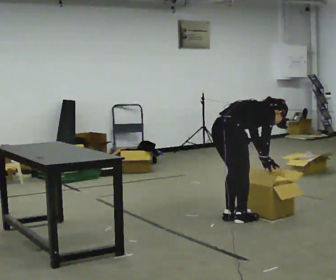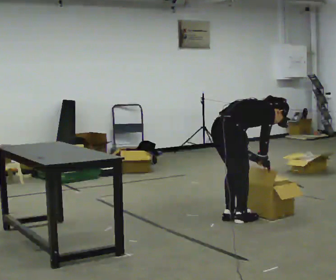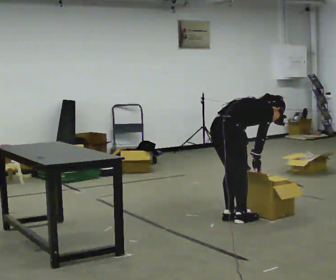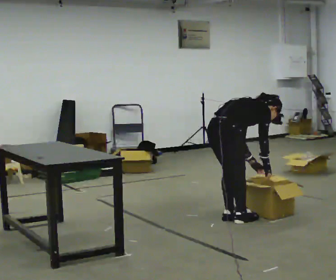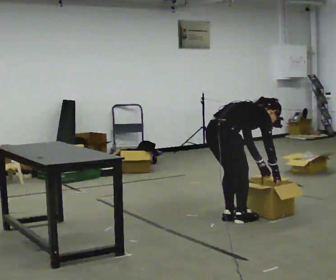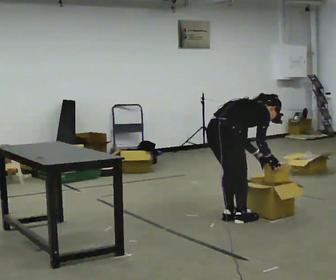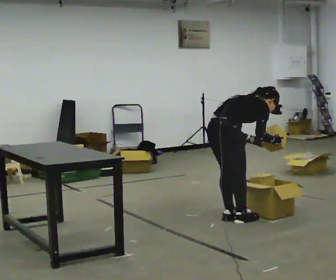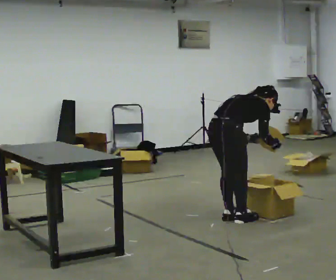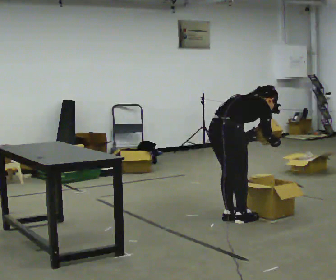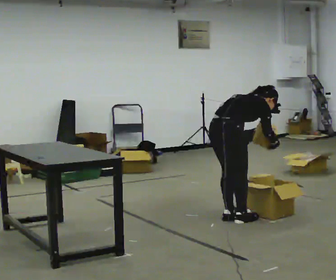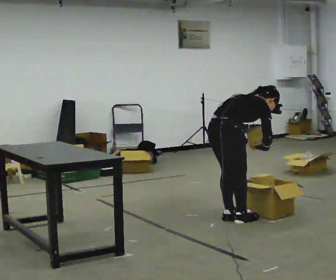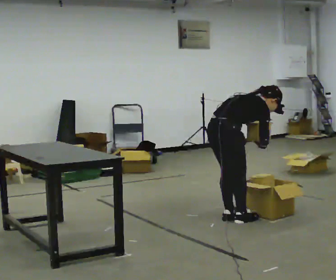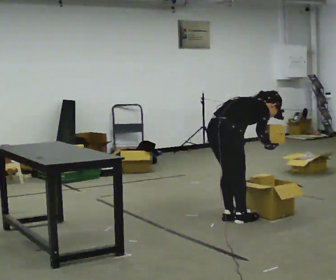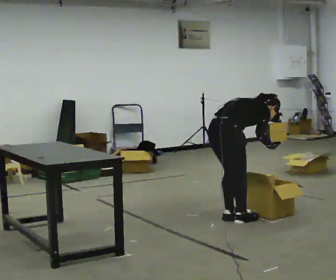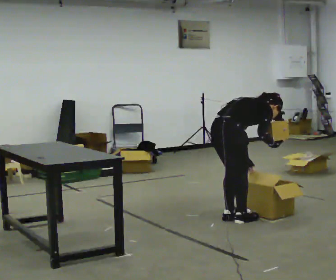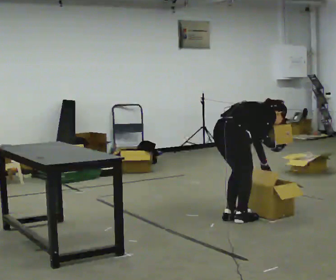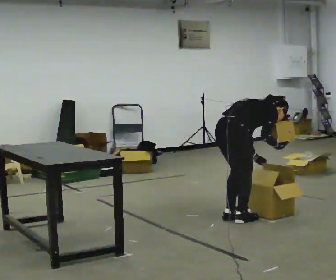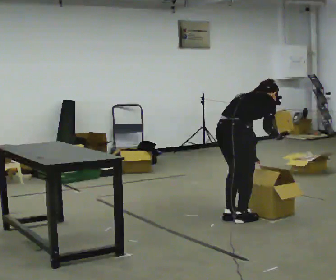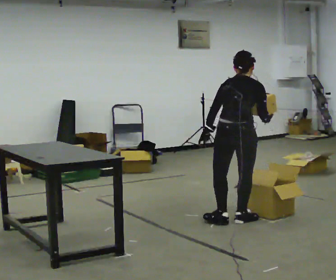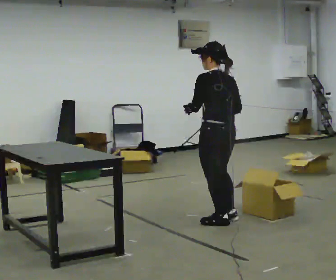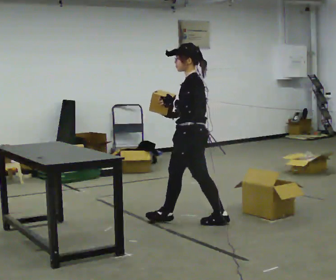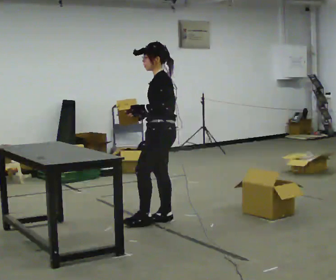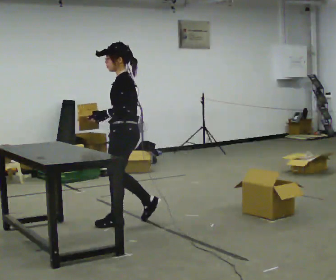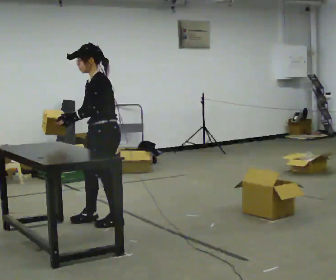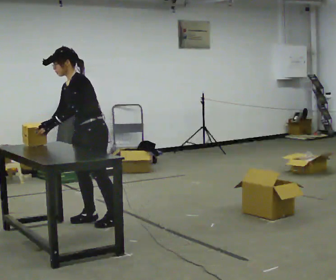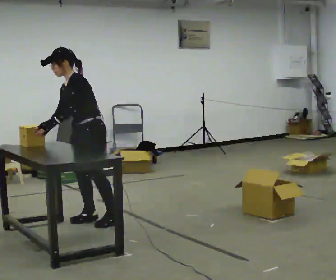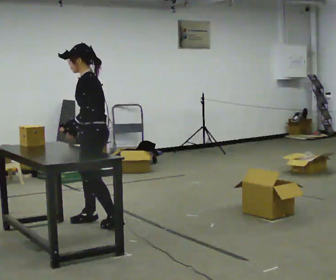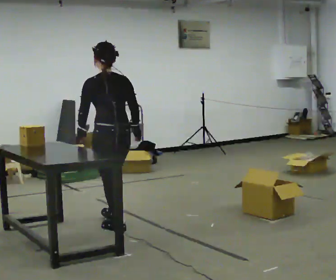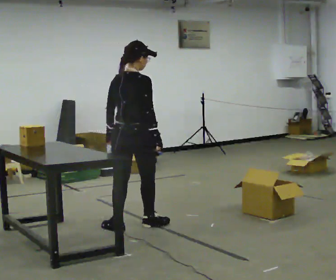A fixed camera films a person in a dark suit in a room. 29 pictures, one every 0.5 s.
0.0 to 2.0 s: The person moves a little, or ends about where they began.
2.0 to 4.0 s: In the picture the upper body tilts counterclockwise, shoulders to the left.
4.0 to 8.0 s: The person moves a little, or ends about where they began.
8.0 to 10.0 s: The part of the body nearest the lens slides to the right as the person turns to their left by about 150 degrees. In the picture they go to the left, about 0.25 m in 1 step. The shoulders move upward. In the picture the upper body tilts counterclockwise, shoulders to the left, as they lean back or straighten. In the picture their left hand goes upward.
10.0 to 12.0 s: The part of the body nearest the lens slides to the right as the person turns to their left by about 30 degrees. In the picture they go to the left, about 1 m in 2 steps, which for them is forward. In the picture the upper body tilts counterclockwise, shoulders to the left, as they bend forward.
12.0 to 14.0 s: Seen from above the body turns clockwise, about 150 degrees: to their right, with its near side sliding to the left. In the picture they go to the right and toward the camera, about 0.5 m in 2 steps. In the picture the upper body tilts clockwise, shoulders to the right, as they lean back or straighten.
The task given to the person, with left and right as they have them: Carry the object across the room, open the lid of the container, put the object inside, and close the lid again. Then go back for the next one. Keep going until the operator says stop; one object at a time, and do not rush between trips.
The film runs forward here.
